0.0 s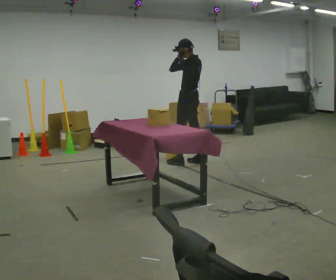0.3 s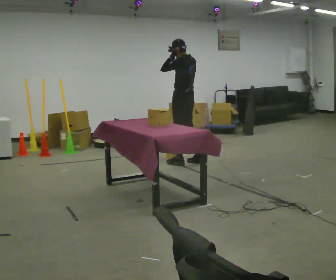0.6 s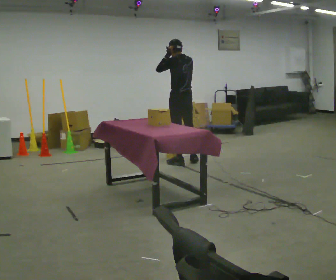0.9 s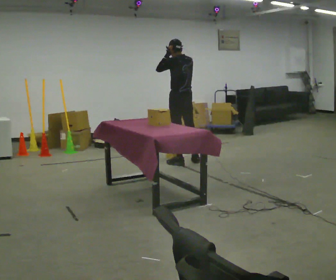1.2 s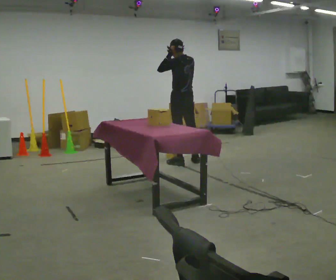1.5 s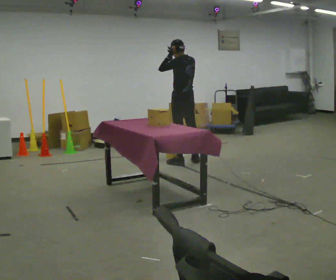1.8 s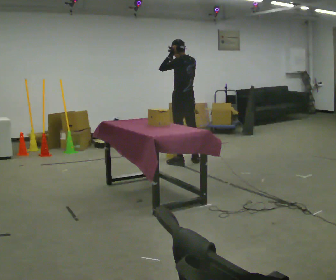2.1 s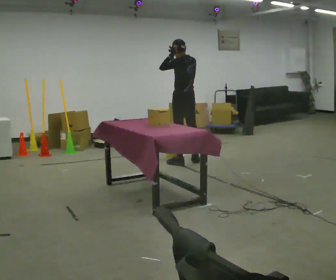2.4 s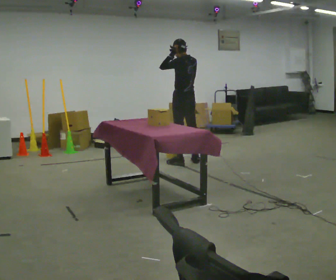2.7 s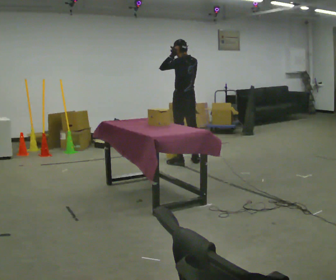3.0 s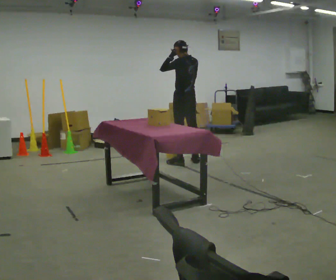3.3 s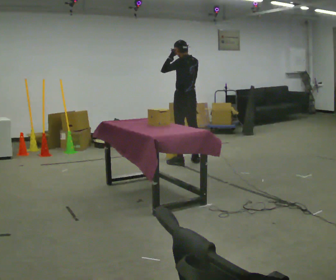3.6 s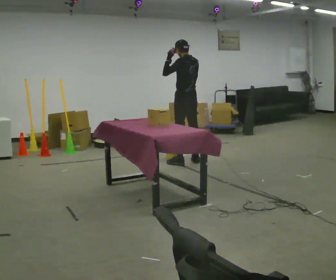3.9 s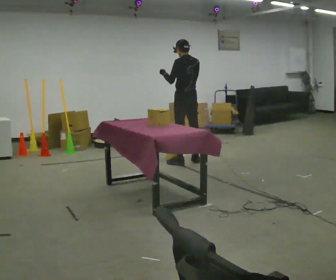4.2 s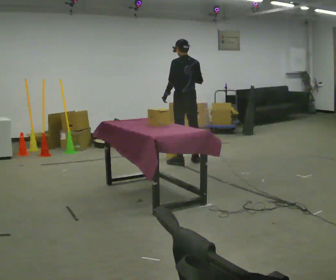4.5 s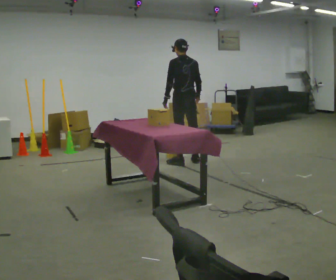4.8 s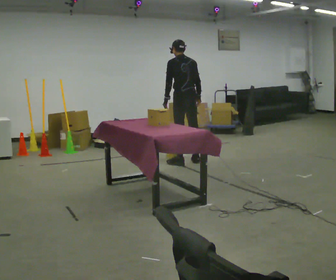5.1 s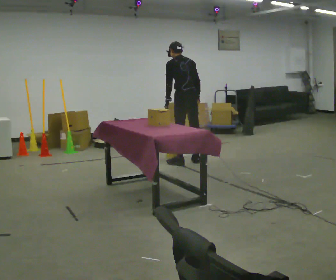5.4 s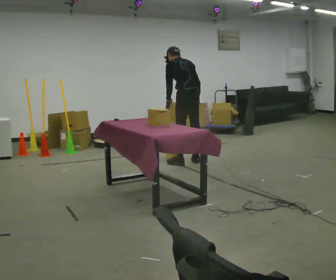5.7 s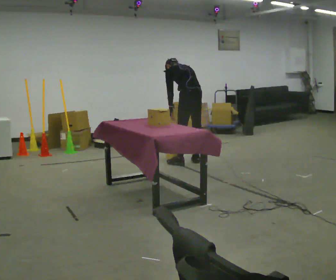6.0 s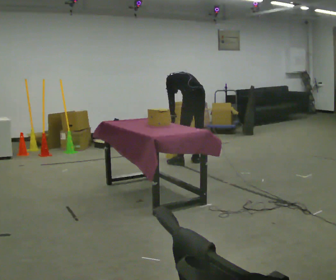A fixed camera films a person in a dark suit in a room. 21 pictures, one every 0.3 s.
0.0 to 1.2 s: The part of the body nearest the lens slides to the left as the person turns to their right by about 30 degrees.
1.2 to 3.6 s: The person moves a little, or ends about where they began.
3.6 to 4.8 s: In the picture their right hand goes downward.
4.8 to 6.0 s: The upper body goes downward. The upper body tips away from the camera, its near side rolling upward, as they bend forward.
The film runs backward here.
